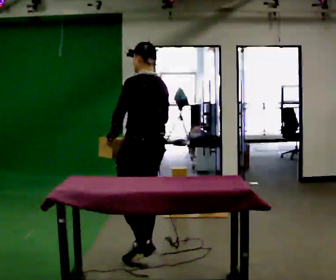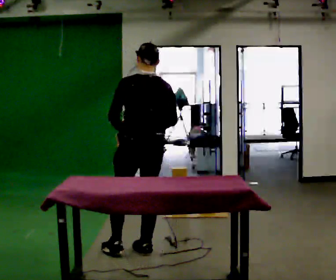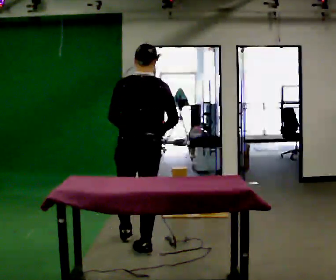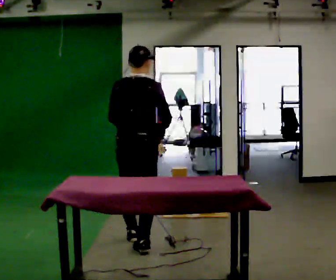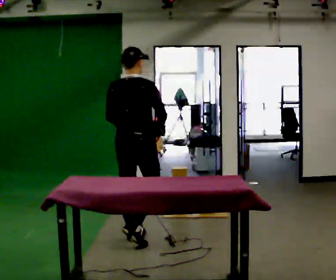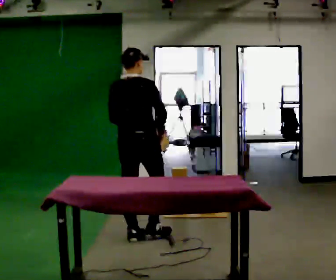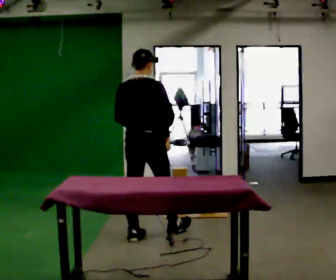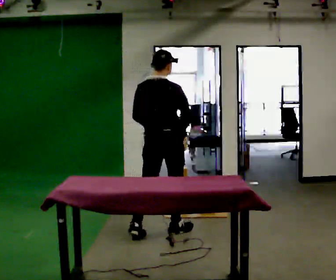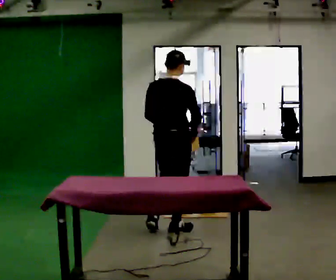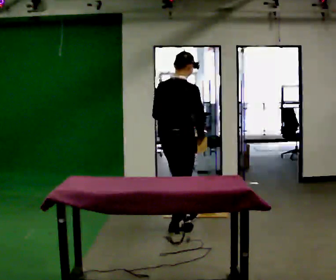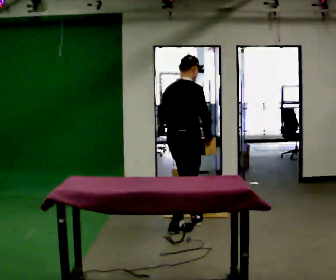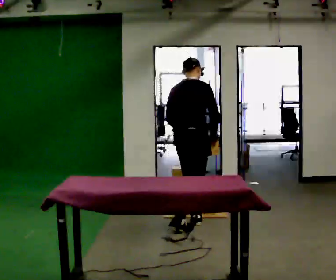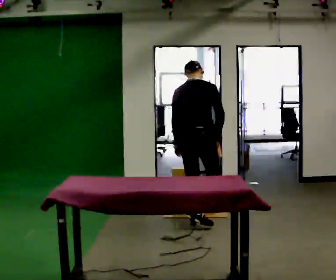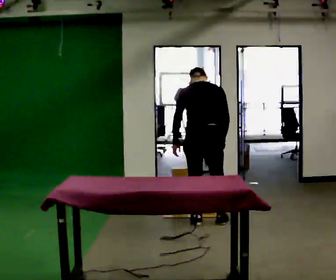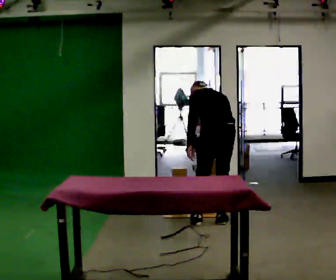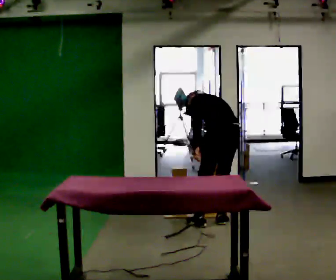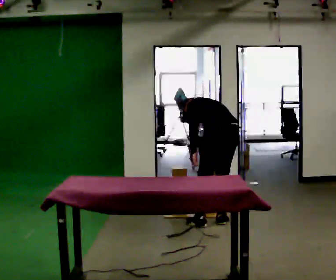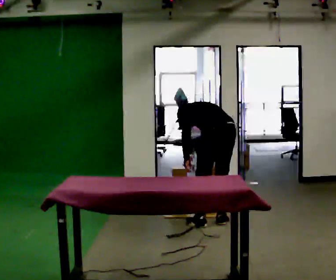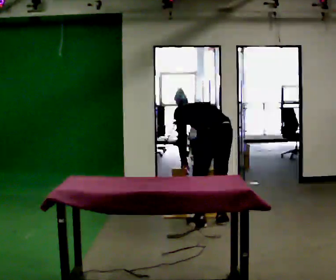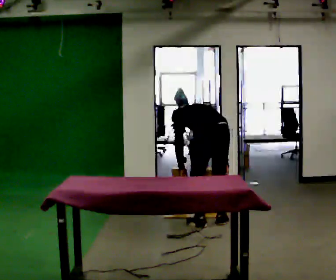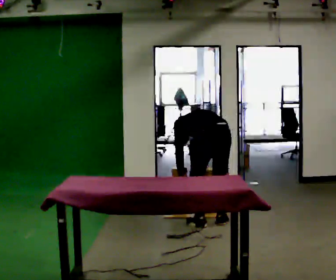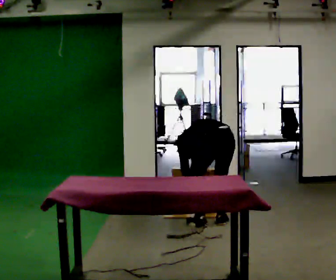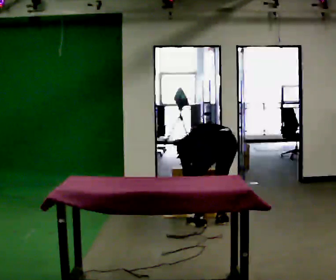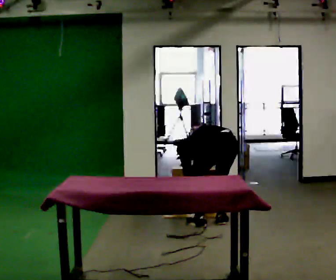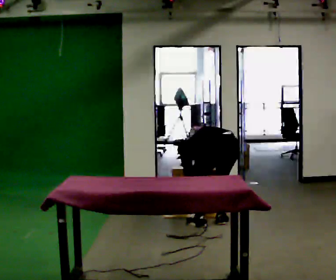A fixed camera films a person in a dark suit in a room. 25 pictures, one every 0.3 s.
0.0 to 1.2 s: Seen from above the body turns clockwise, about 75 degrees: to their right, with its near side sliding to the left. In the picture they go away from the camera, about 0.5 m in 1 step.
1.2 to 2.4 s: In the picture they go to the right and away from the camera, about 0.5 m in 1 step, which for them is forward and to their right.
2.4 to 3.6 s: In the picture they go away from the camera and to the right, about 0.5 m in 1 step, which for them is forward.
3.6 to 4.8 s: The part of the body nearest the lens slides to the right as the person turns to their left by about 60 degrees. In the picture they go to the right, about 0.25 m in 1 step, which for them is to their right and backward. The shoulders move downward. The upper body tips away from the camera, its near side rolling upward, as they bend forward.
4.8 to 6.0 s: The upper body tips away from the camera, its near side rolling upward, as they bend forward.
6.0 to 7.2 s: The upper body goes downward. In the picture the upper body tilts counterclockwise, shoulders to the left, as they bend forward.
The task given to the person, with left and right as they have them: 1. Bring the boxes over from the shelf one at a time. 2. Stack them on the pallet with the heaviest at the bottom. 3. Do not stack more than three high. 4. Tell the operator when you are finished.
The film runs forward here.
